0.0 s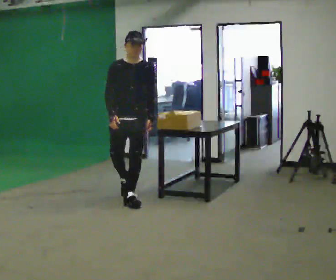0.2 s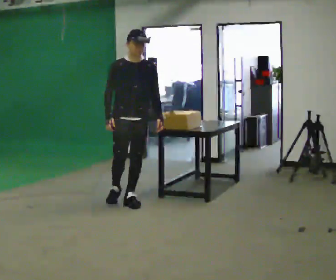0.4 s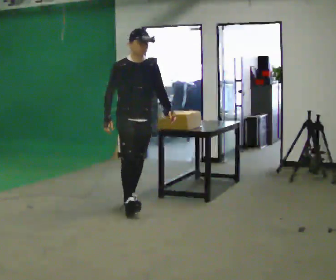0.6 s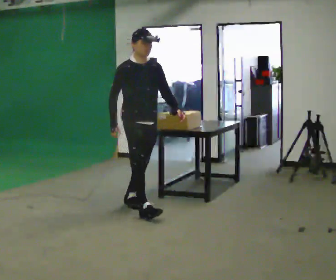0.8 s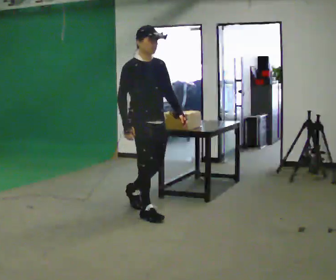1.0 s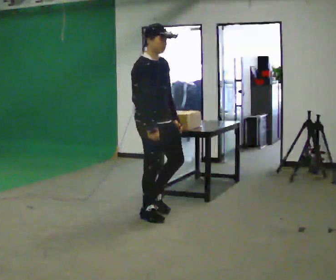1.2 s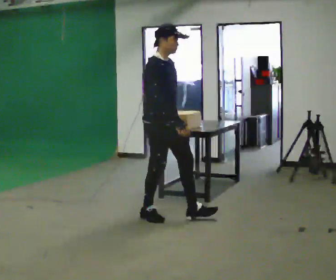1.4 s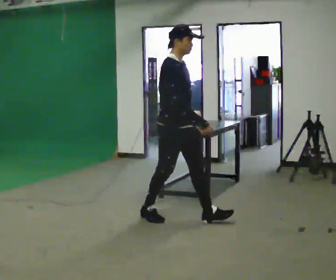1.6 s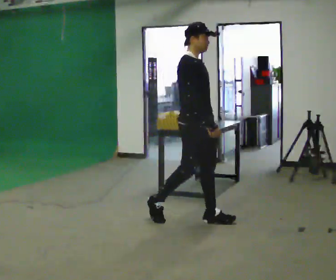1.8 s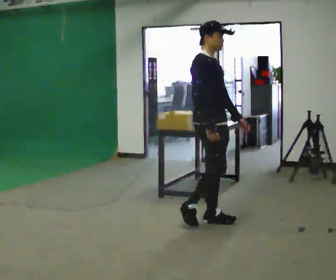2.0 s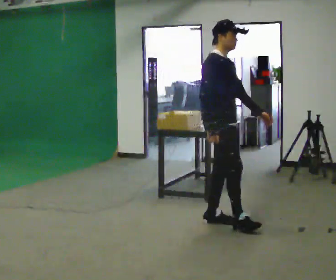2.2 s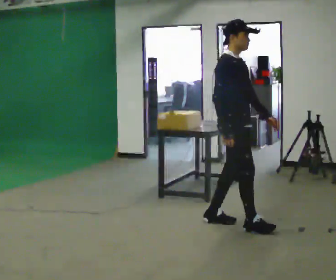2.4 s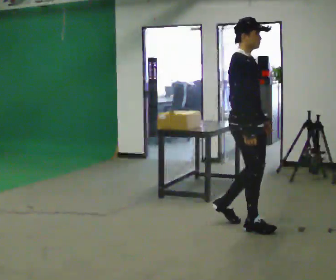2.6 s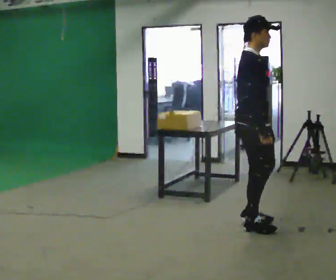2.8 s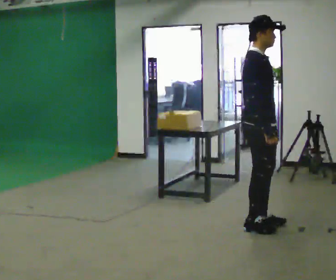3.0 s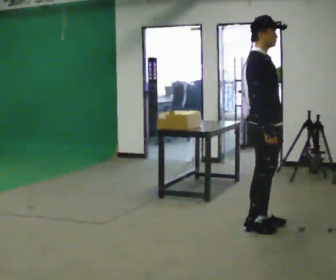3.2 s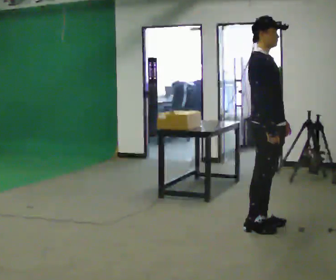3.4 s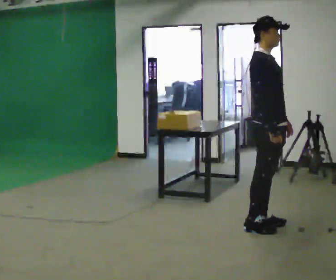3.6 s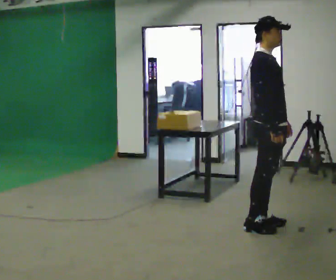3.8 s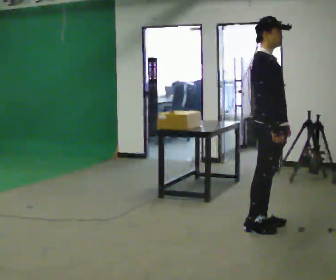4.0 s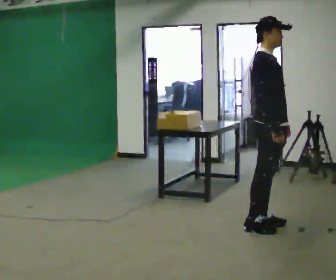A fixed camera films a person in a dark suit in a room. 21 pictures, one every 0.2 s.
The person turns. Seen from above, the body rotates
counterclockwise.
The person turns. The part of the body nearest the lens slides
to the right.
0.0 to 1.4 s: The part of the body nearest the lens slides to the right as the person turns to their left by about 60 degrees. In the picture they go toward the camera and to the right, about 1 m in 2 steps, which for them is forward.
1.4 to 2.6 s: In the picture they go to the right, about 0.75 m in 1 step, which for them is forward.
2.6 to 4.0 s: The person moves a little, or ends about where they began.
The film runs forward here.
